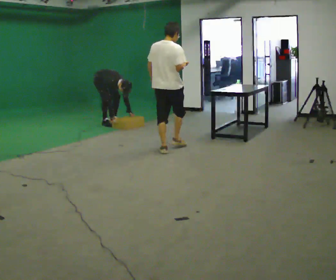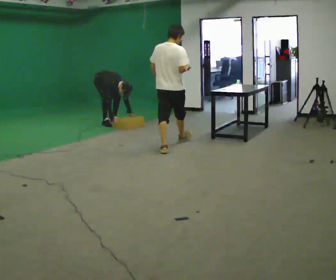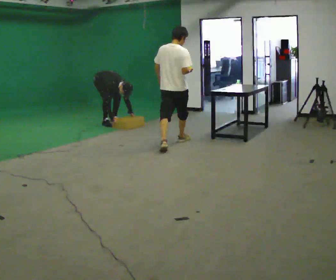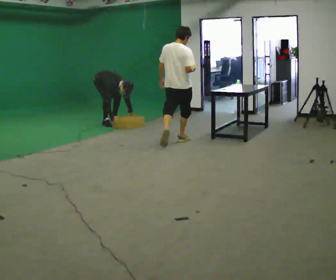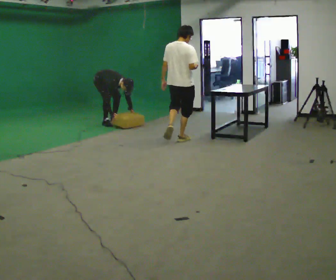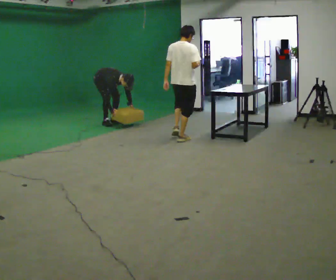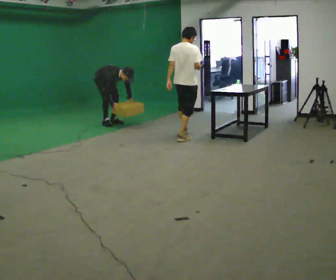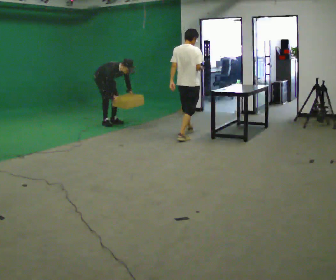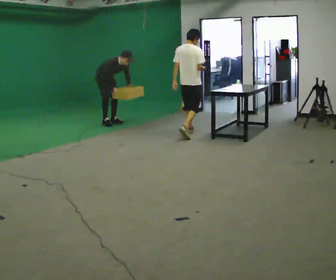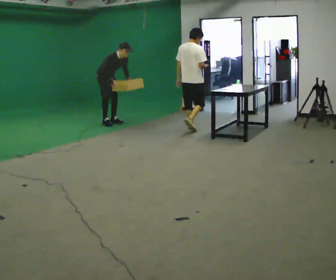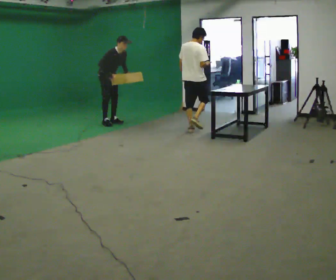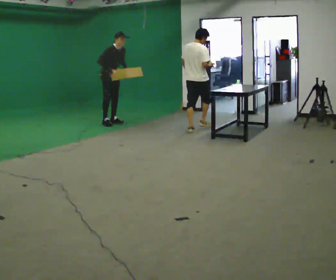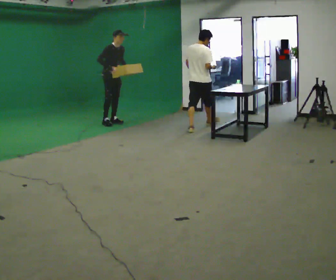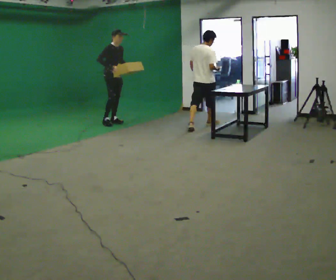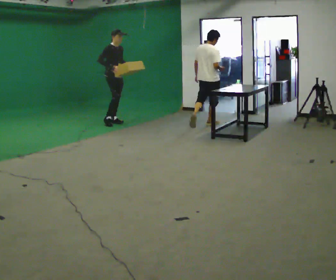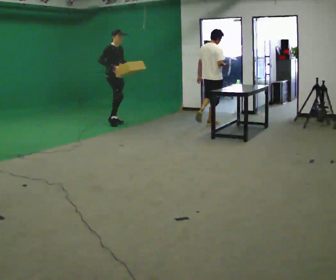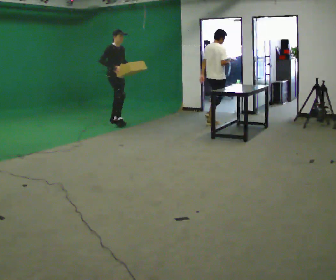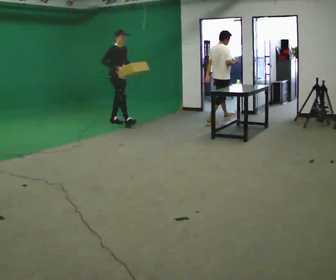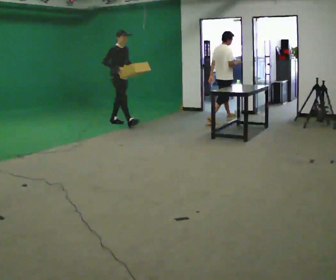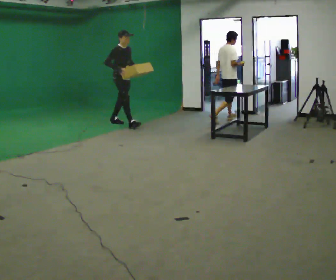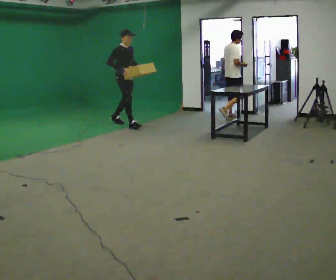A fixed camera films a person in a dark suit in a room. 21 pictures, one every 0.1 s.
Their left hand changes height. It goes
upward.
The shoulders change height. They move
upward.
0.0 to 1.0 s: The upper body goes upward. The upper body tips away from the camera, its near side rolling upward, as they lean back or straighten. In the picture their right hand goes upward.
1.0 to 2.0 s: In the picture they go to the right and toward the camera, about 0.5 m in 1 step, which for them is forward. In the picture the upper body tilts counterclockwise, shoulders to the left, as they lean back or straighten.
The film runs forward here.
